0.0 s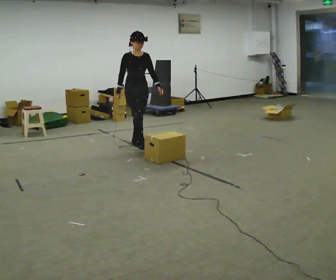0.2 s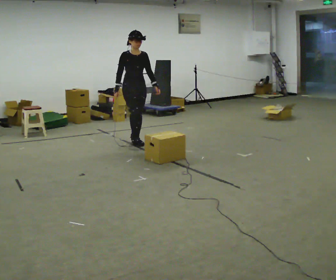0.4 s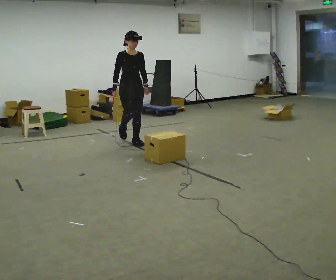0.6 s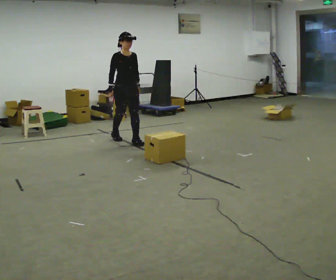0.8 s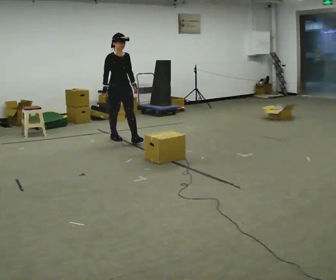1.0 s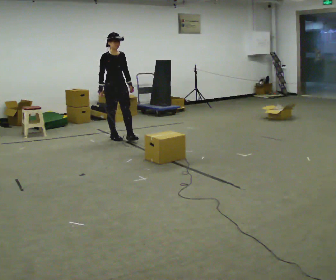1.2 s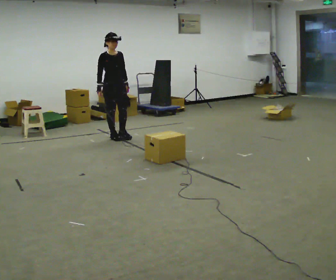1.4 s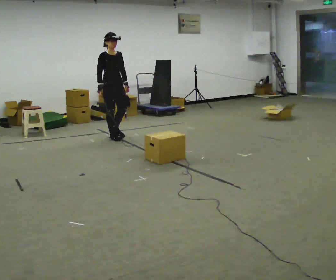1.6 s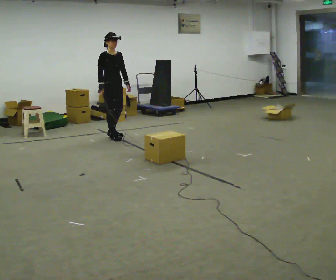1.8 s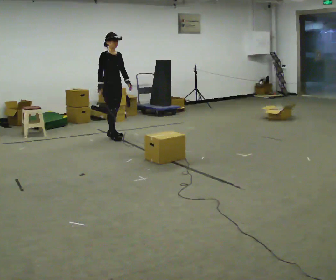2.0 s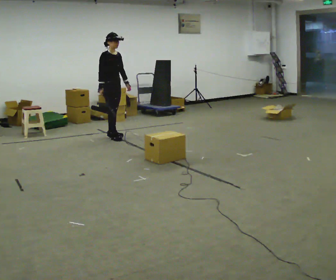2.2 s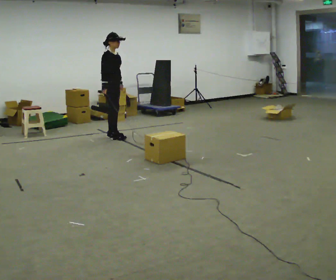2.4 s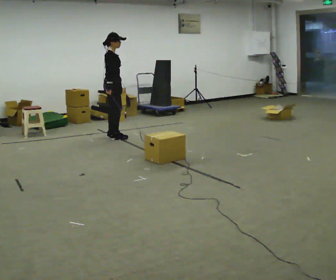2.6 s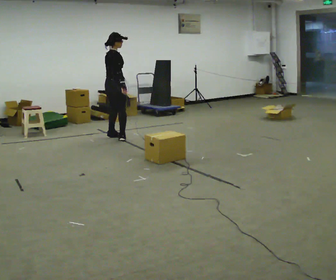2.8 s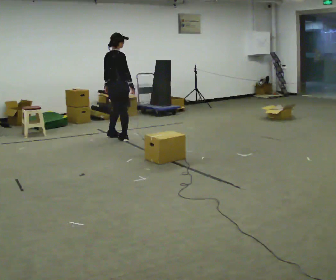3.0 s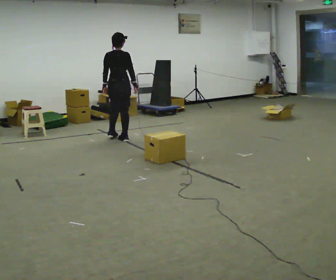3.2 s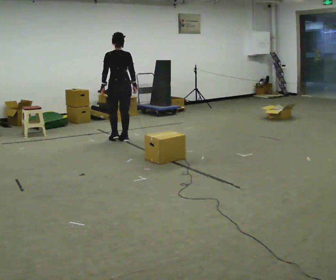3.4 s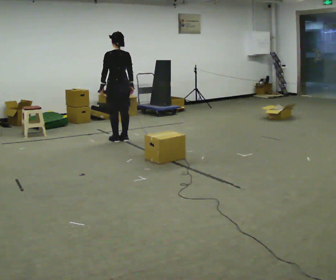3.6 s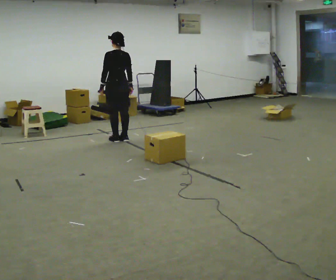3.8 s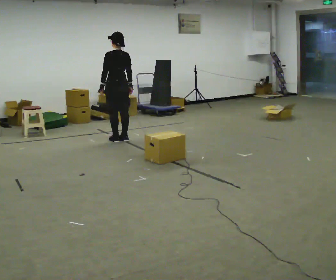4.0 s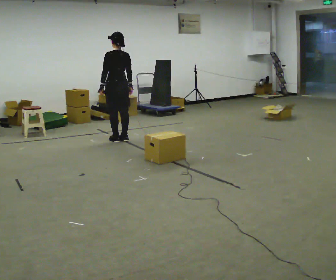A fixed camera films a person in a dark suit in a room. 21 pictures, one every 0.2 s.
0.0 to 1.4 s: In the picture they go away from the camera and to the left, about 0.75 m in 2 steps, which for them is backward.
1.4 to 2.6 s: The part of the body nearest the lens slides to the right as the person turns to their left by about 75 degrees.
2.6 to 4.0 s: The part of the body nearest the lens slides to the right as the person turns to their left by about 105 degrees. In the picture they go toward the camera, about 0.25 m in 1 step.
The film runs backward here.
